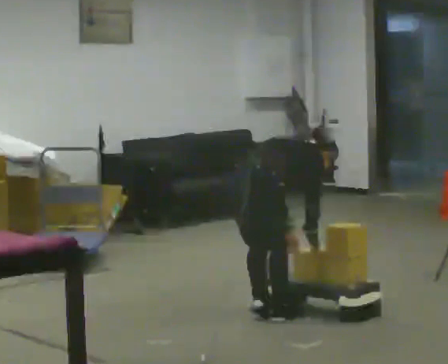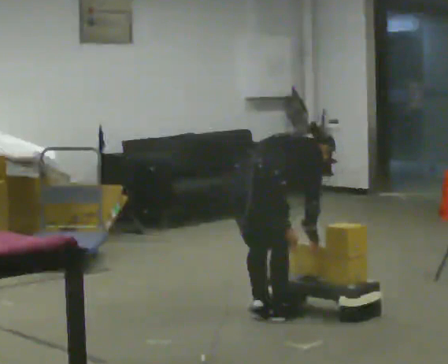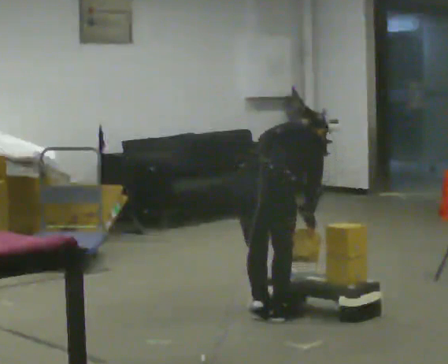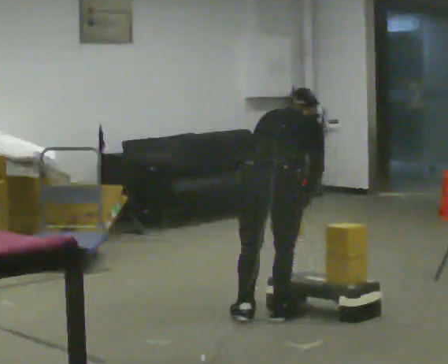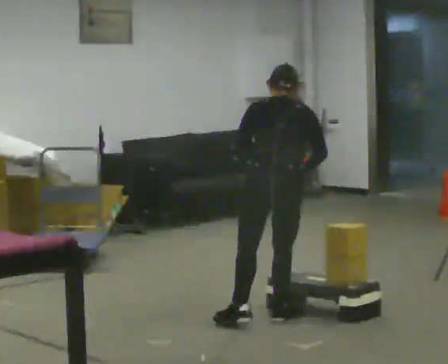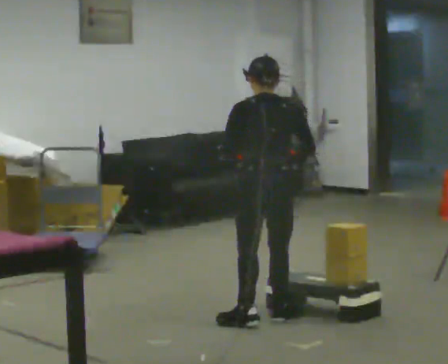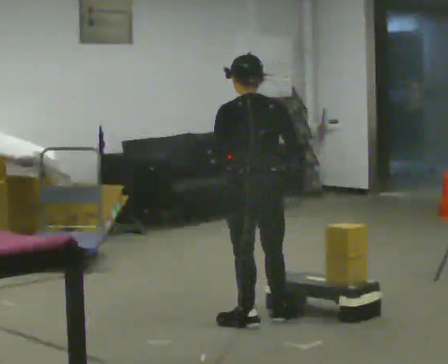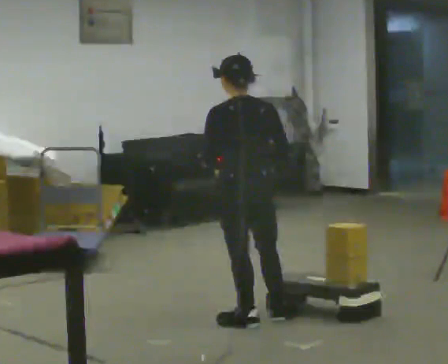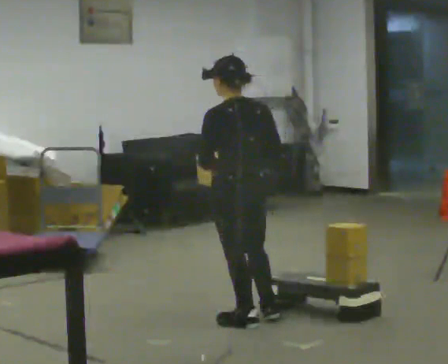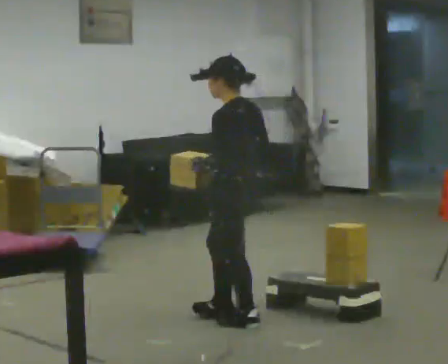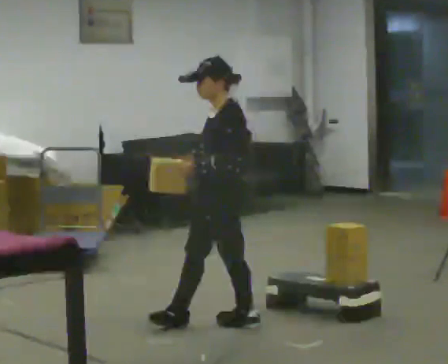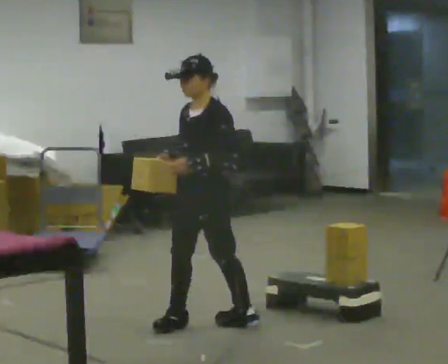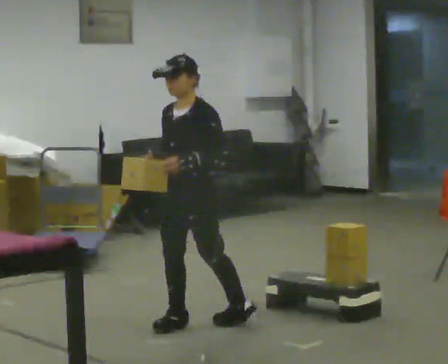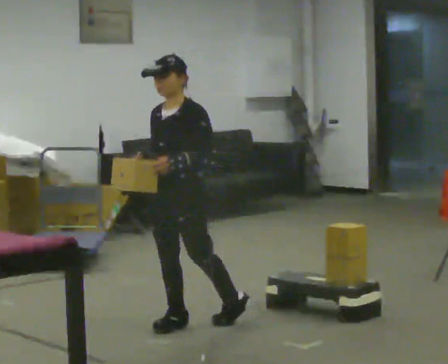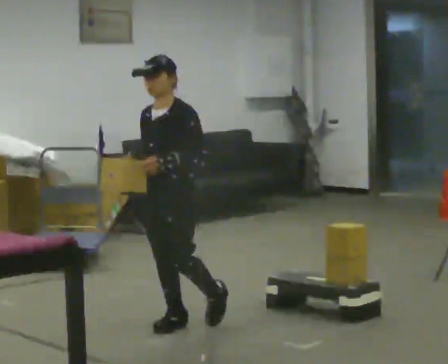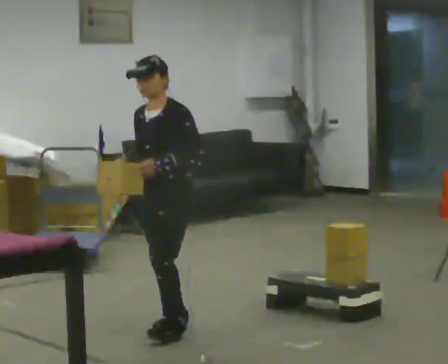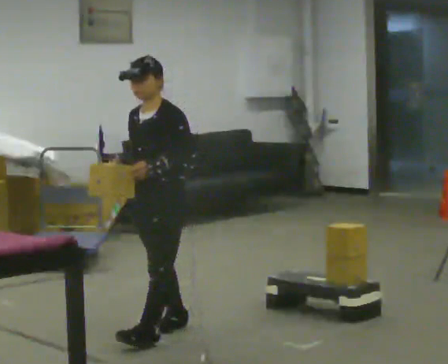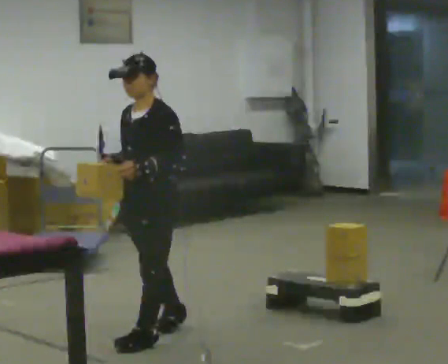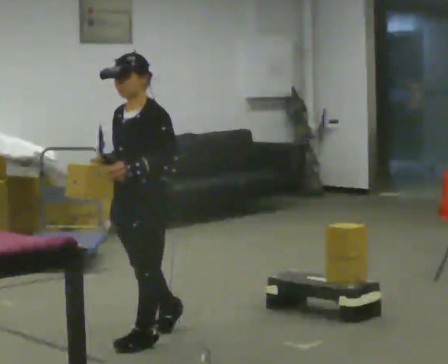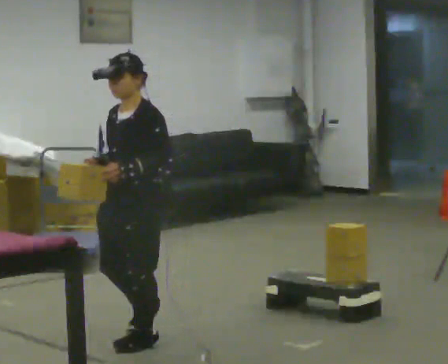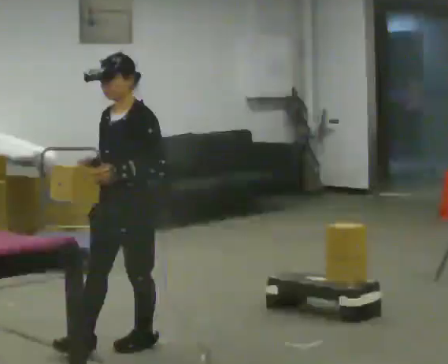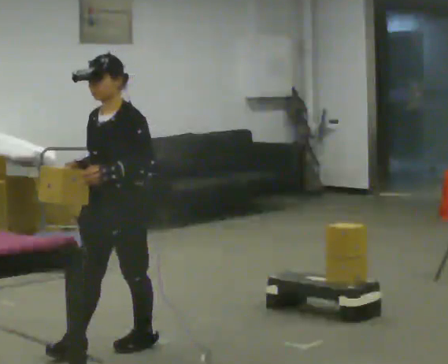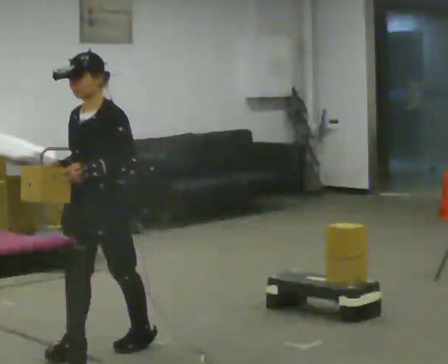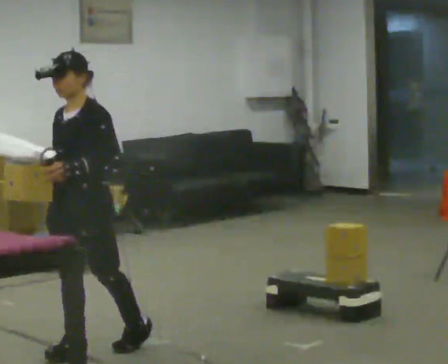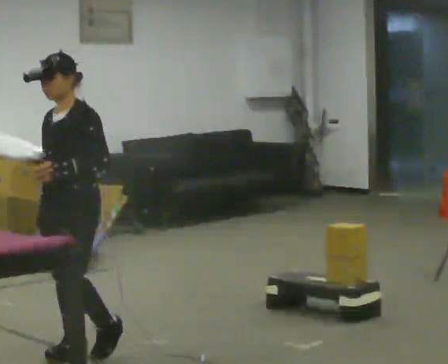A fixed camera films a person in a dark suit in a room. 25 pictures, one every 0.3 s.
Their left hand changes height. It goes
upward.
The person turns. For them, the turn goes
to their left.
0.0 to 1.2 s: Seen from above the body turns counterclockwise, about 45 degrees: to their left, with its near side sliding to the right. The shoulders move upward. In the picture the upper body tilts counterclockwise, shoulders to the left, as they lean back or straighten. In the picture their right hand goes upward.
1.2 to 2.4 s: Seen from above the body turns counterclockwise, about 30 degrees: to their left, with its near side sliding to the right. In the picture they go to the left, about 0.25 m, which for them is to their left. The upper body tips toward the camera, its near side rolling downward, as they lean back or straighten. In the picture their right hand goes to the left.
2.4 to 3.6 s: The person turns about 105 degrees to their left, counterclockwise seen from above, so the part of the body nearest the lens slides to the right. In the picture they go to the left, about 0.25 m in 1 step.
3.6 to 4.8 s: In the picture they go to the left, about 0.25 m in 1 step, which for them is forward.
4.8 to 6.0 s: In the picture they go toward the camera and to the left, about 0.25 m, which for them is forward.
6.0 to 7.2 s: In the picture they go to the left, about 0.25 m in 1 step, which for them is forward.
The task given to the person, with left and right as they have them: Carry the object across the room and place it on the shelf just at the top of your comfortable reach. Keep going until the operator says stop; one object at a time, and do not rush between trips.
The film runs forward here.
